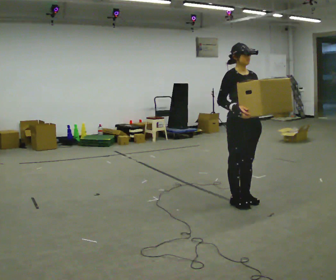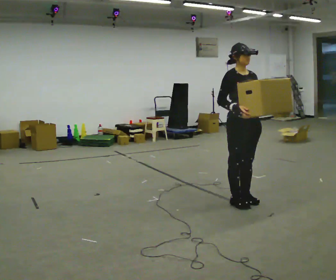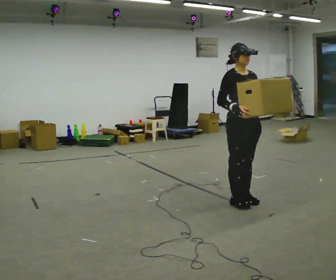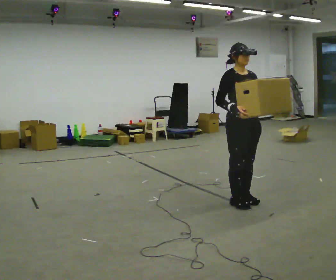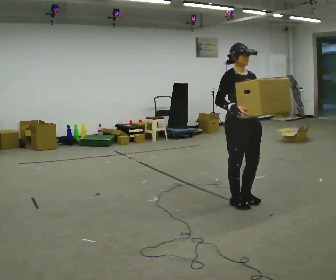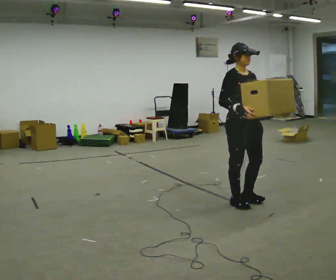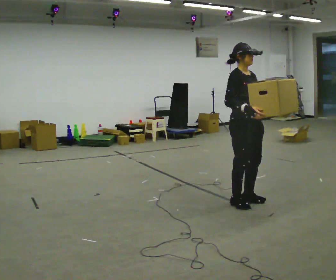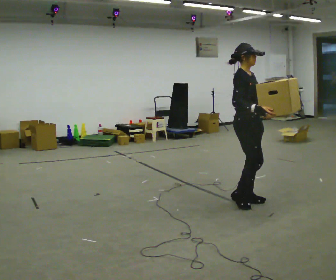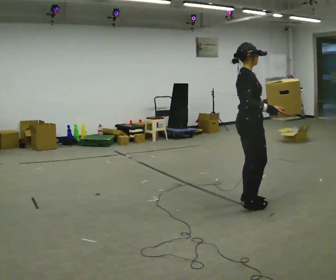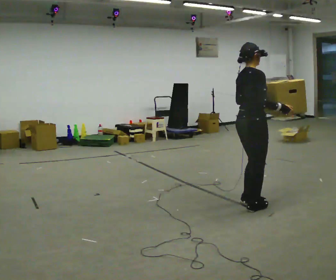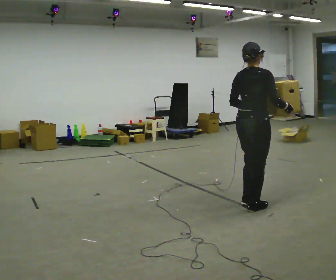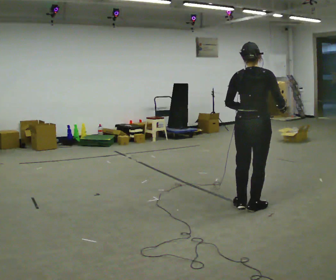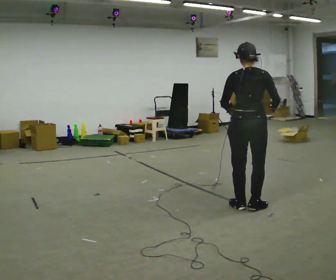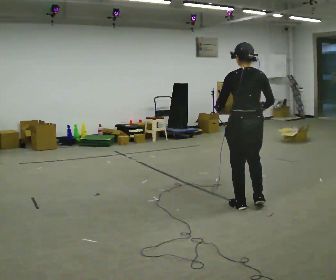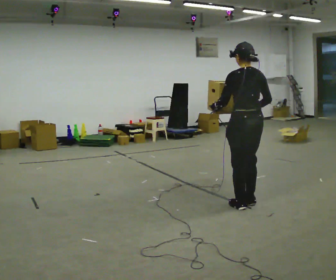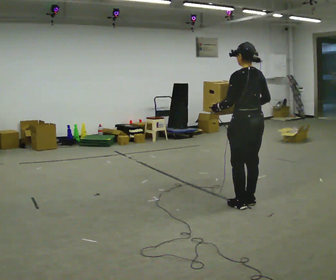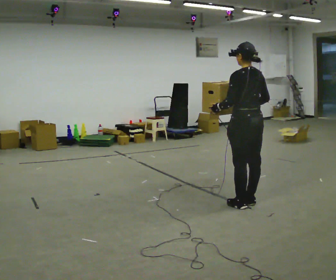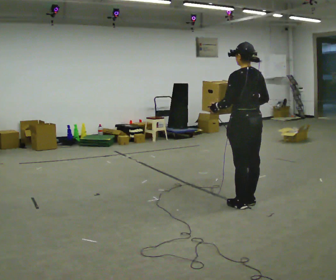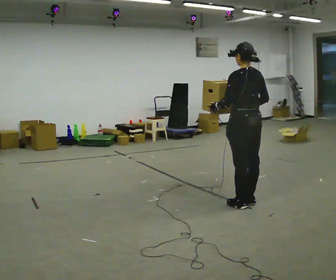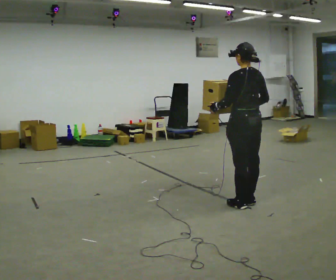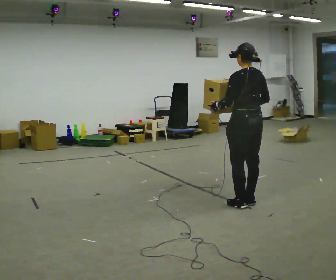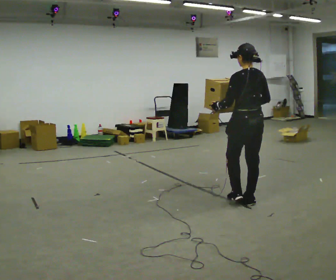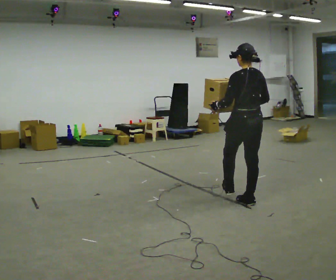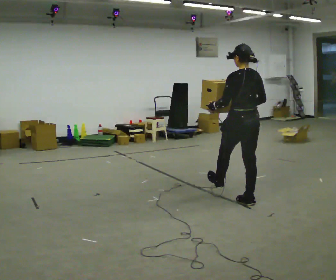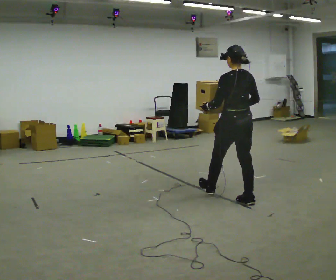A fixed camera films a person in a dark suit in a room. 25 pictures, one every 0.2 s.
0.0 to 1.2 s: The person moves a little, or ends about where they began.
1.2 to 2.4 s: The part of the body nearest the lens slides to the right as the person turns to their left by about 120 degrees.
2.4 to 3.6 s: The person turns about 30 degrees to their left, counterclockwise seen from above, so the part of the body nearest the lens slides to the right.
3.6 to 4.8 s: In the picture they go away from the camera, about 0.25 m, which for them is forward.
The film runs forward here.
